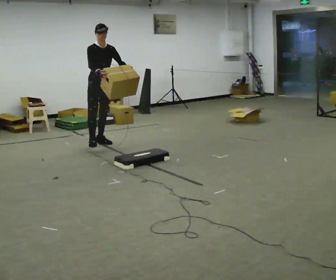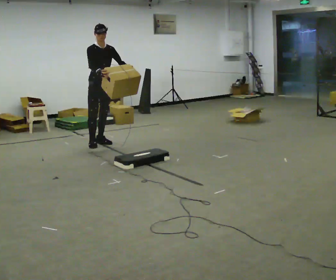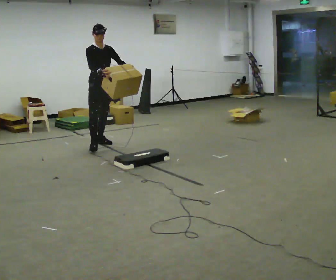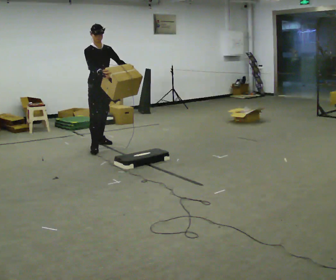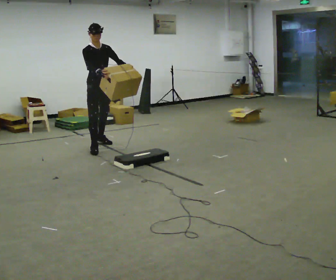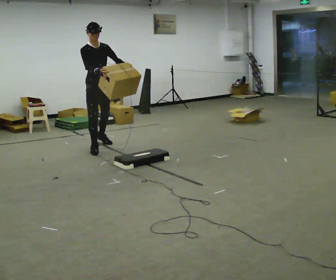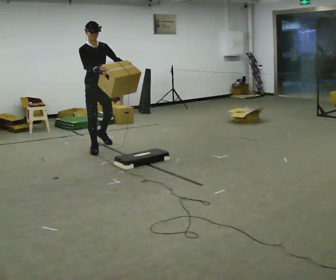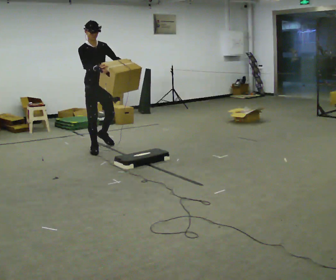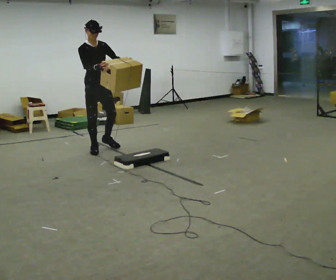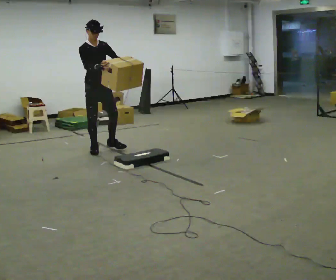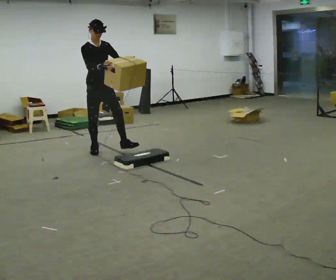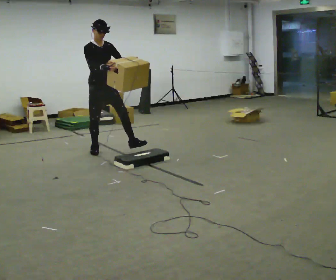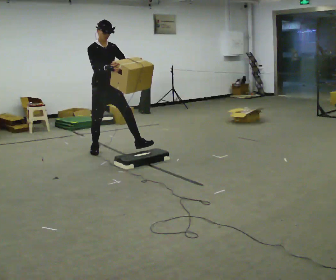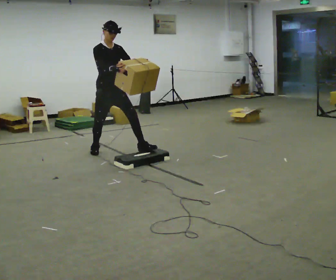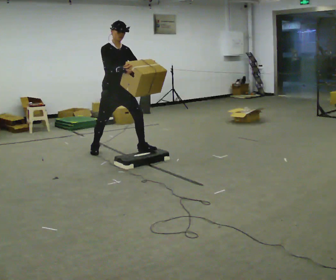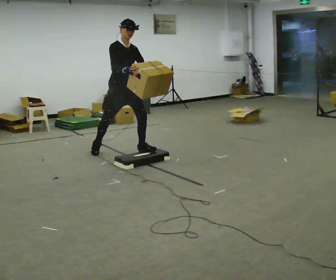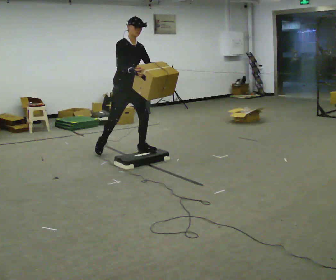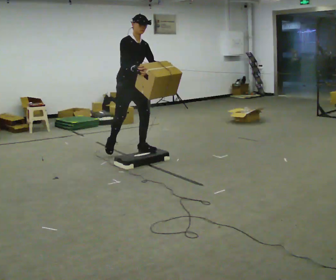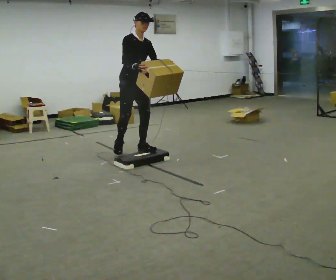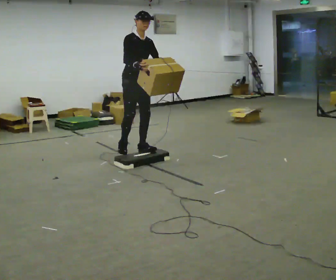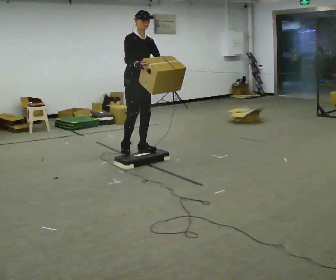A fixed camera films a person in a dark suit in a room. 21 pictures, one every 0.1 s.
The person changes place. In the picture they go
toward the camera.
0.0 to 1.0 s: In the picture they go toward the camera, about 0.5 m in 1 step, which for them is forward and to their right.
1.0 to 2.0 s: In the picture they go to the right and toward the camera, about 0.5 m in 1 step, which for them is forward and to their left.
The film runs forward here.
